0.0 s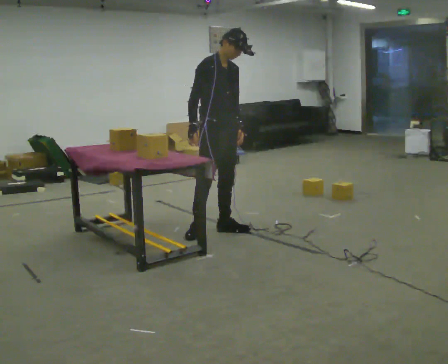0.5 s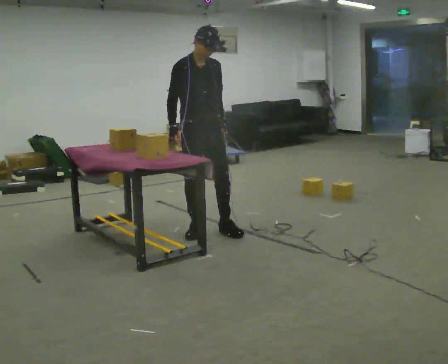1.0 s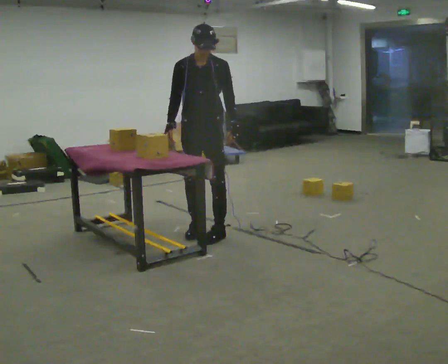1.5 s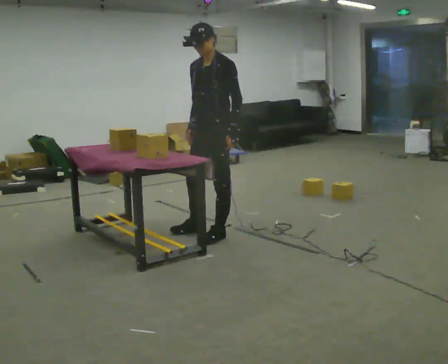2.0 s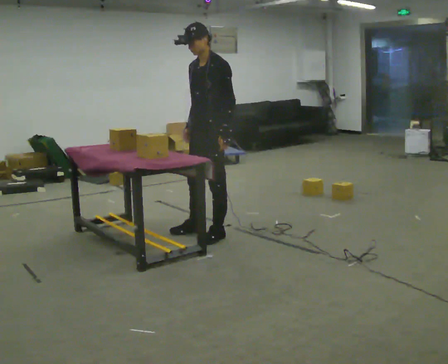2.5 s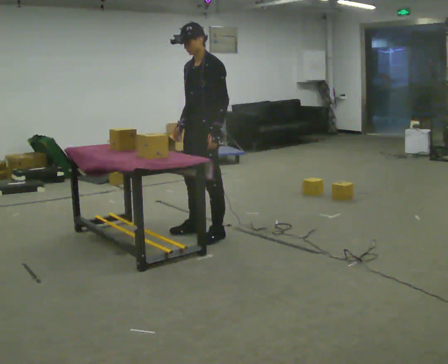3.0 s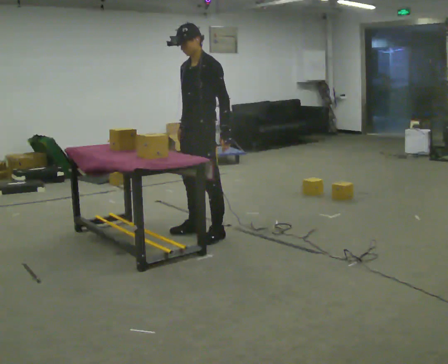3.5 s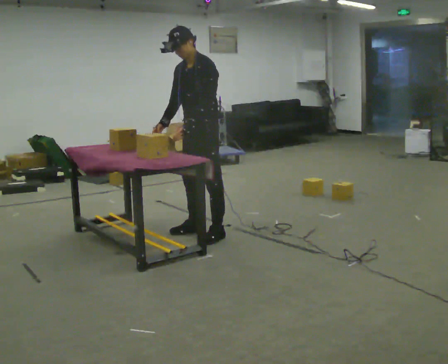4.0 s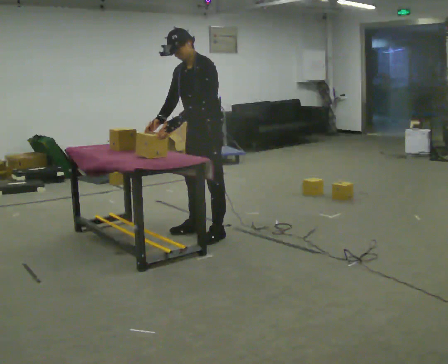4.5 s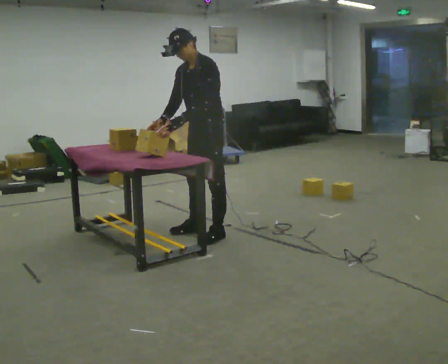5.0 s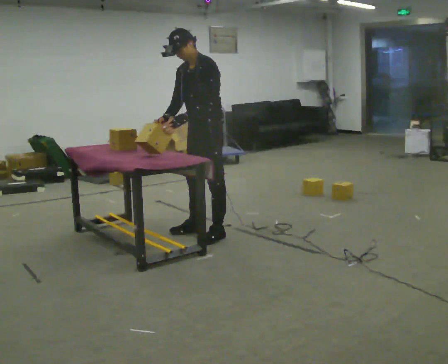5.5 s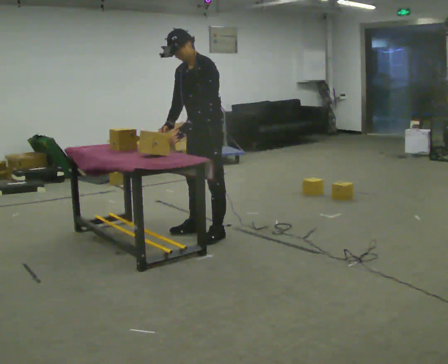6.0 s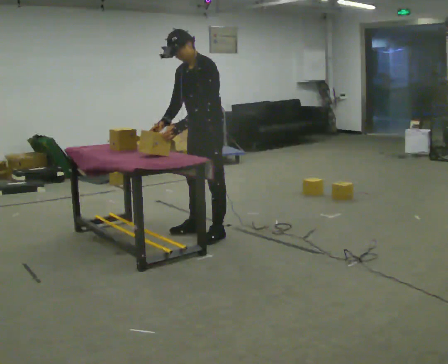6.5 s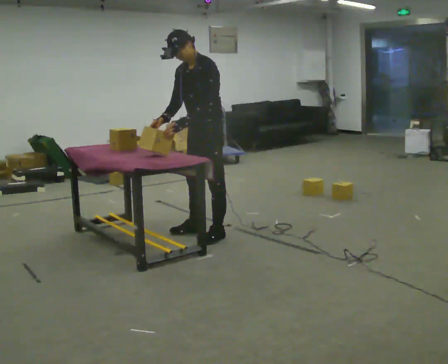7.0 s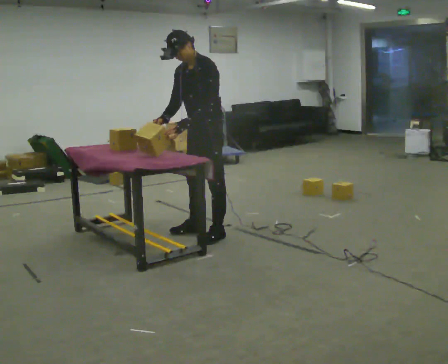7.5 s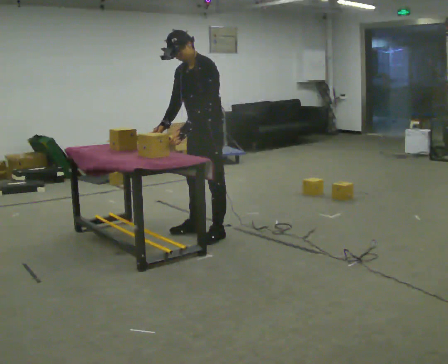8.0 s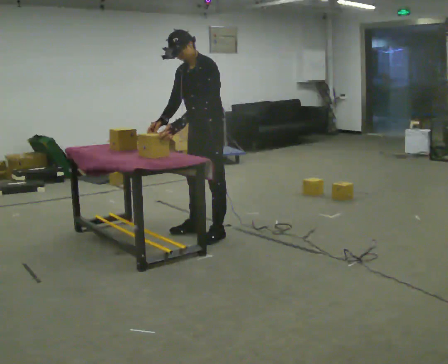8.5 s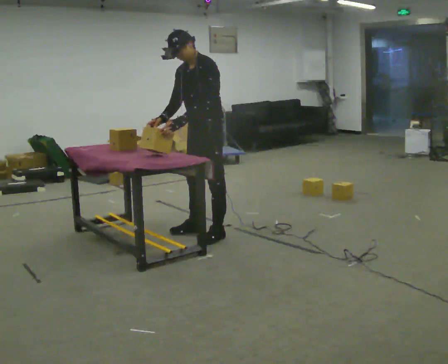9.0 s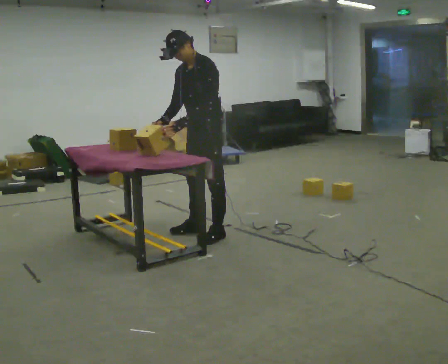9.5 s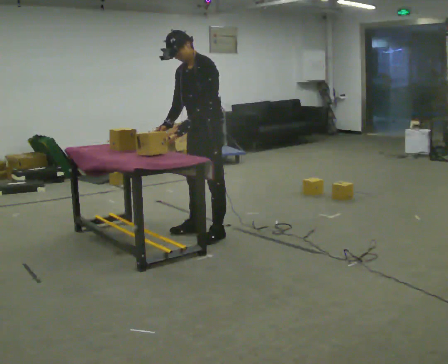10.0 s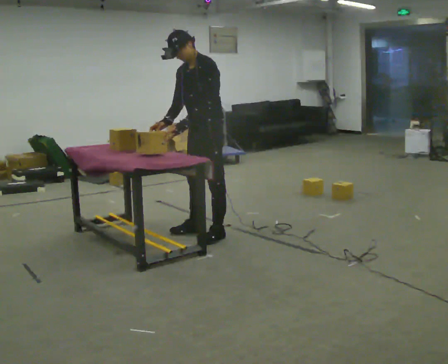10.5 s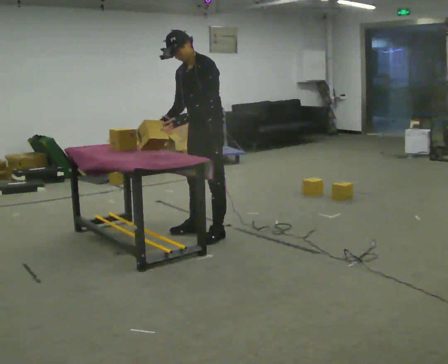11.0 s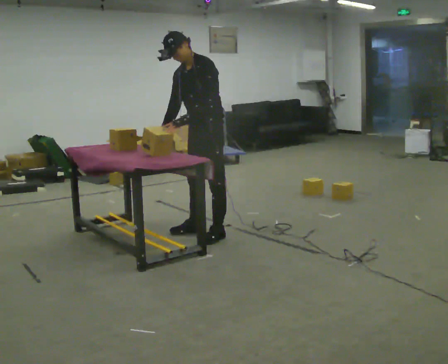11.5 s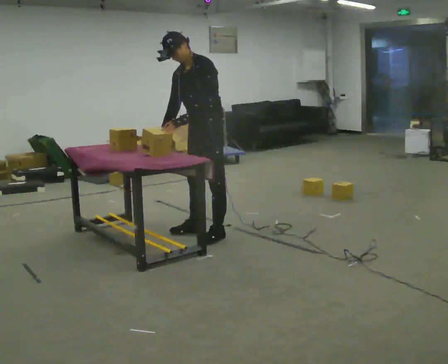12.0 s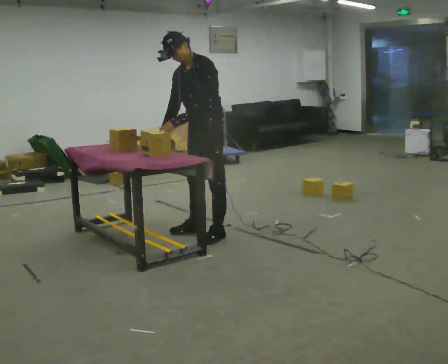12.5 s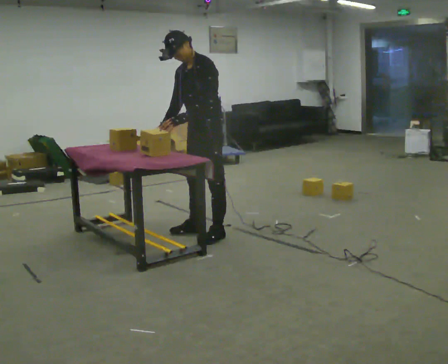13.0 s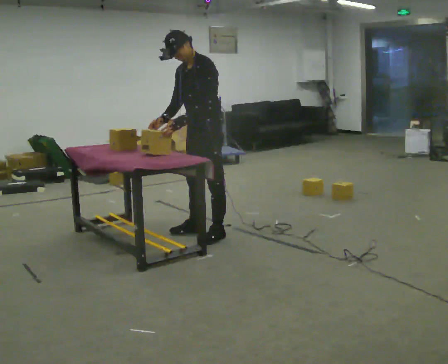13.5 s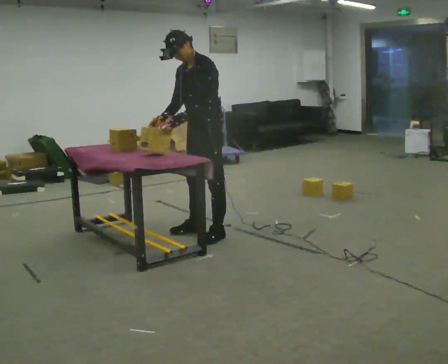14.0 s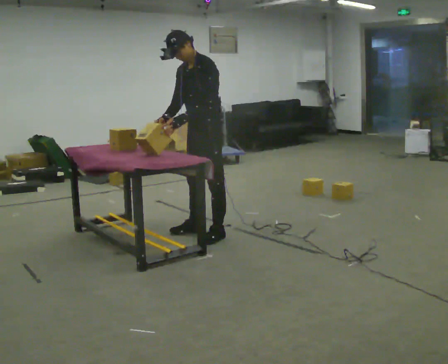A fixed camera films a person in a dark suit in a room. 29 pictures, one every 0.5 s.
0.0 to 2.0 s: The person turns about 90 degrees to their right, clockwise seen from above, so the part of the body nearest the lens slides to the left. In the picture they go toward the camera, about 0.25 m in 1 step.
2.0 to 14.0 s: The person moves a little, or ends about where they began.
The film runs backward here.
